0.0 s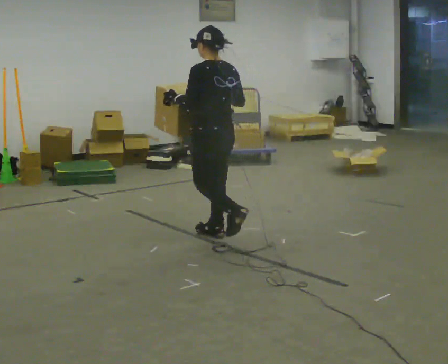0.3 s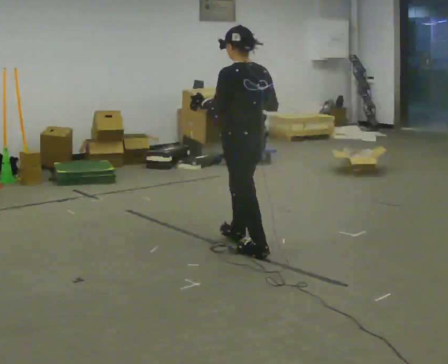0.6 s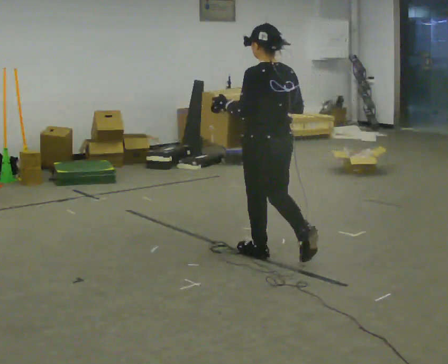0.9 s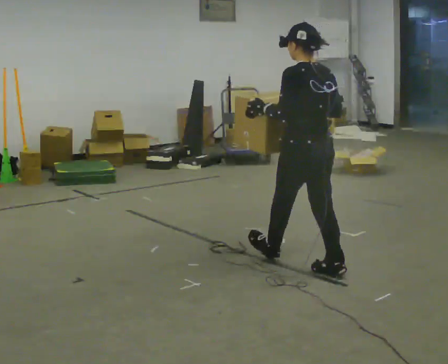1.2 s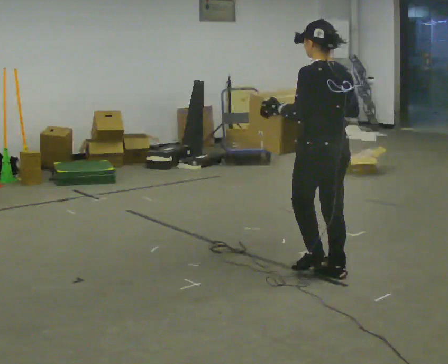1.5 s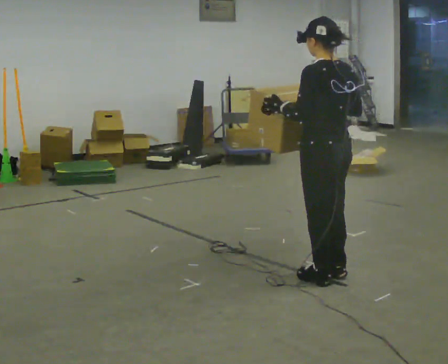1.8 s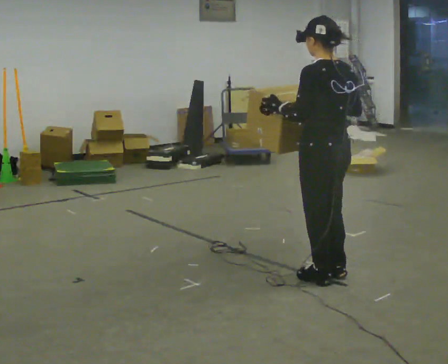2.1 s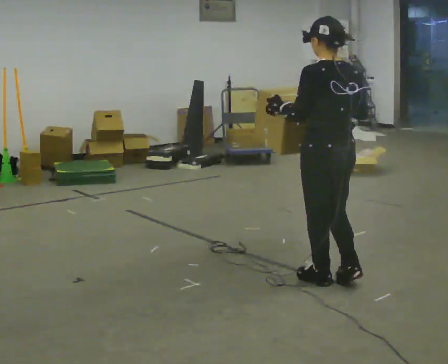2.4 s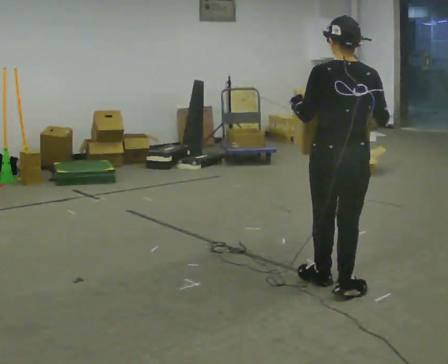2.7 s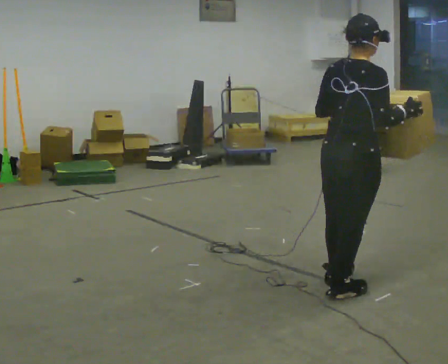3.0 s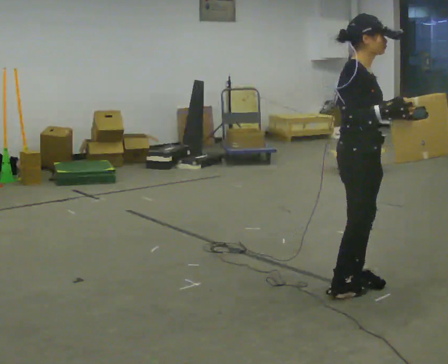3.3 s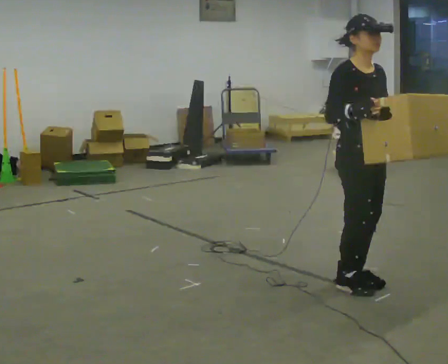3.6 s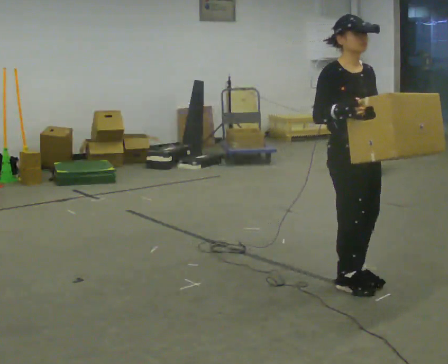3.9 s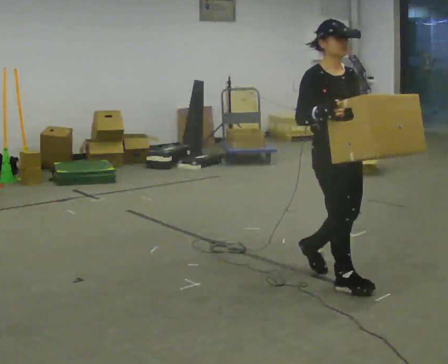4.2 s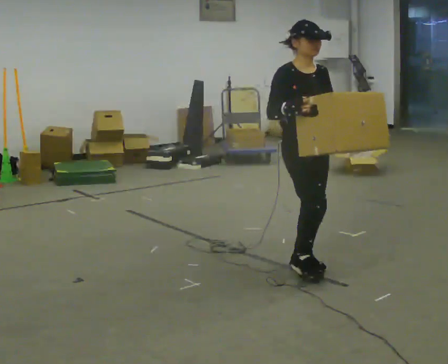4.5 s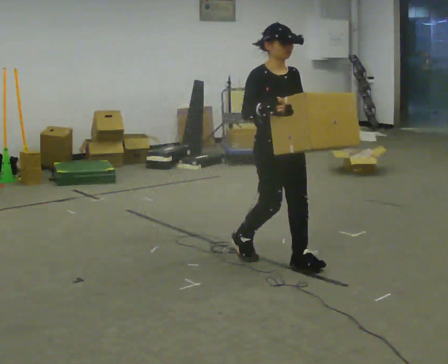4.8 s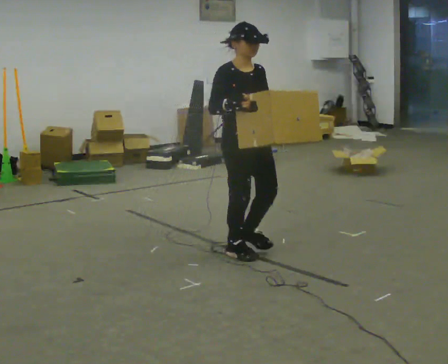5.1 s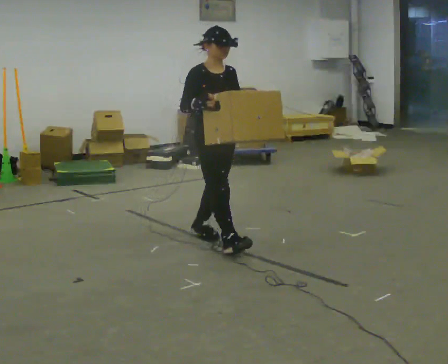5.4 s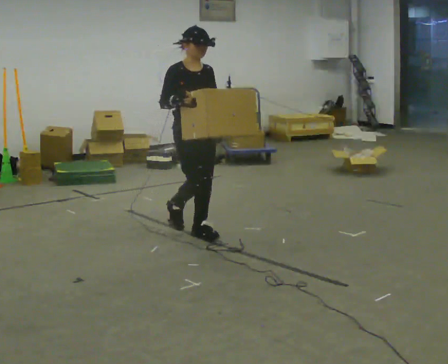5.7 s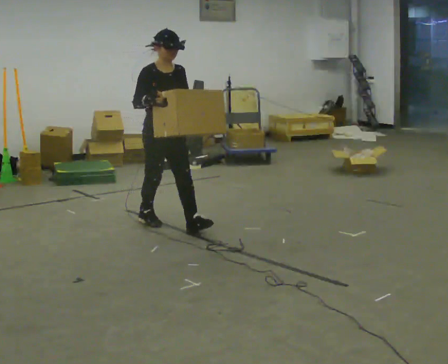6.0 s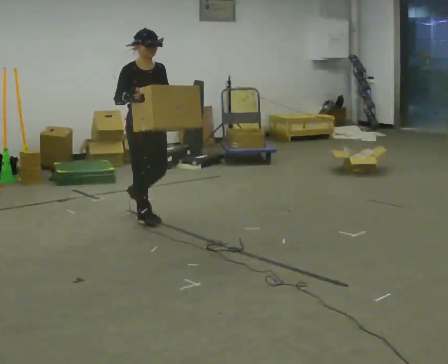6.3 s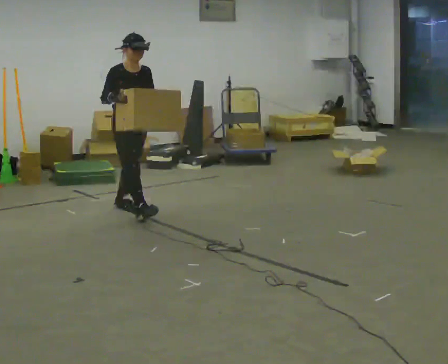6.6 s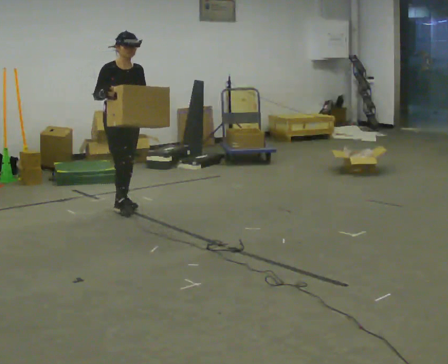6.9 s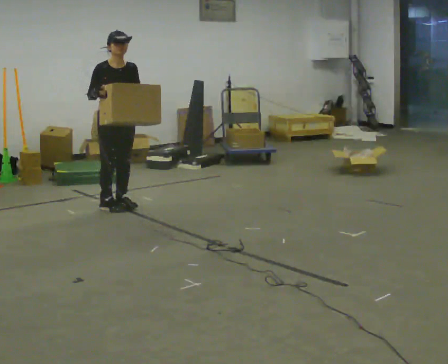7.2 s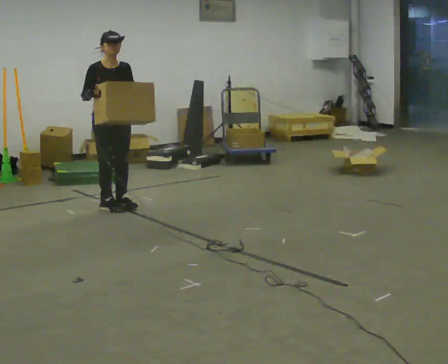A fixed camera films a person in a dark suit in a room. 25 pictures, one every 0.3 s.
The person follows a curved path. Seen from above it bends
counterclockwise.
0.0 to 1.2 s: In the picture they go toward the camera and to the right, about 1 m in 2 steps, which for them is backward.
1.2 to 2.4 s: The part of the body nearest the lens slides to the left as the person turns to their right by about 30 degrees. In the picture they go toward the camera, about 0.25 m in 1 step, which for them is backward and to their left.
2.4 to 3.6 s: Seen from above the body turns clockwise, about 150 degrees: to their right, with its near side sliding to the left.
3.6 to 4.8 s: In the picture they go away from the camera and to the left, about 1 m in 3 steps, which for them is backward.
4.8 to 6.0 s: In the picture they go away from the camera and to the left, about 1 m in 2 steps, which for them is backward.
6.0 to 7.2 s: In the picture they go away from the camera and to the left, about 0.5 m in 1 step, which for them is backward.
The film runs backward here.
